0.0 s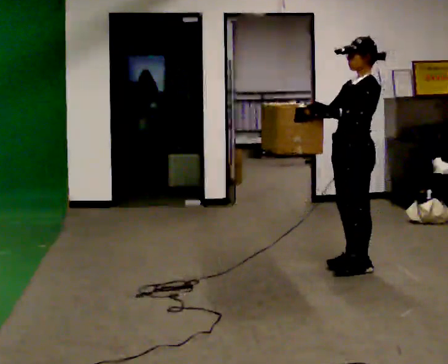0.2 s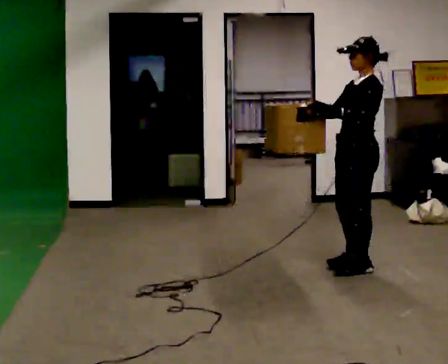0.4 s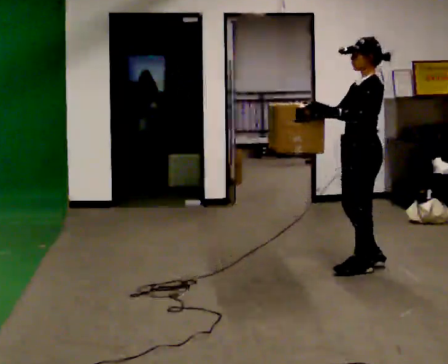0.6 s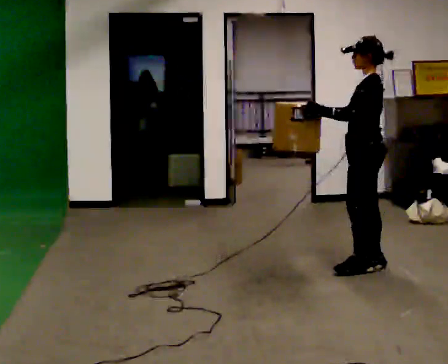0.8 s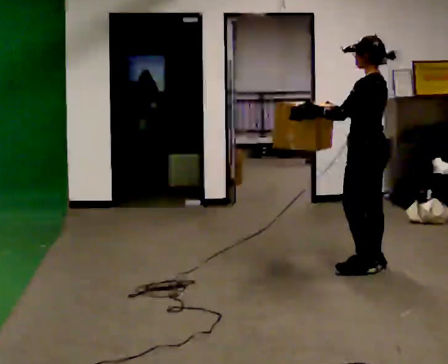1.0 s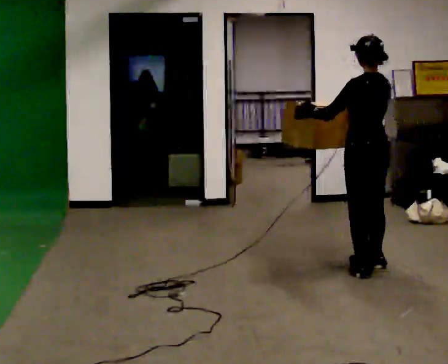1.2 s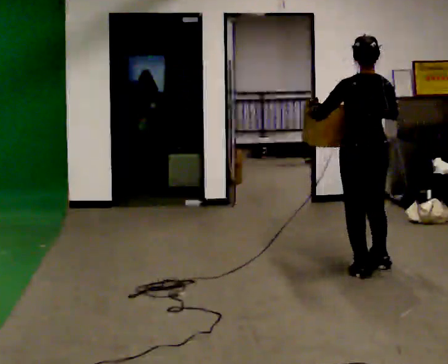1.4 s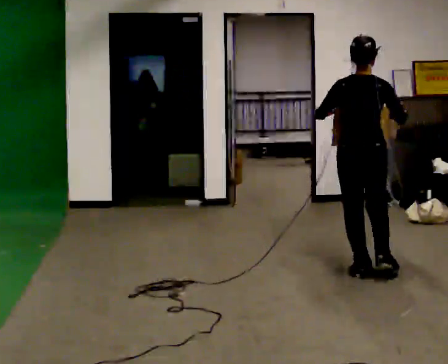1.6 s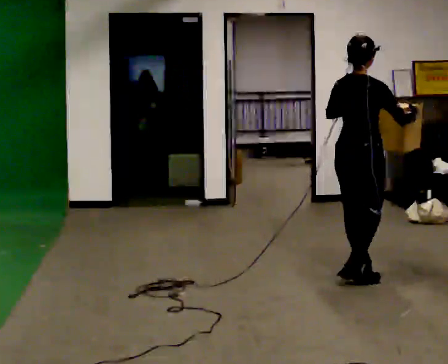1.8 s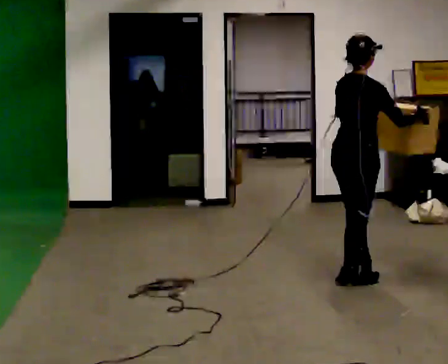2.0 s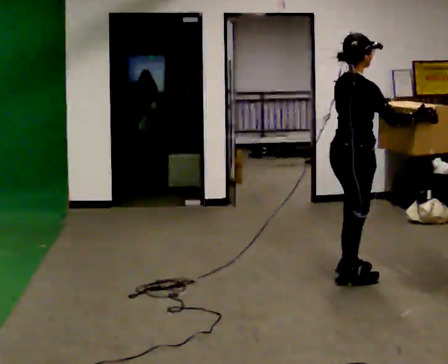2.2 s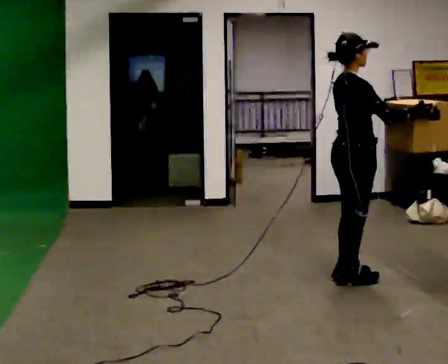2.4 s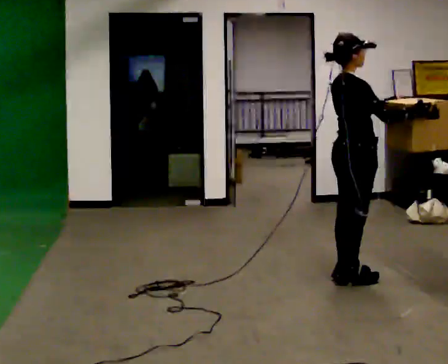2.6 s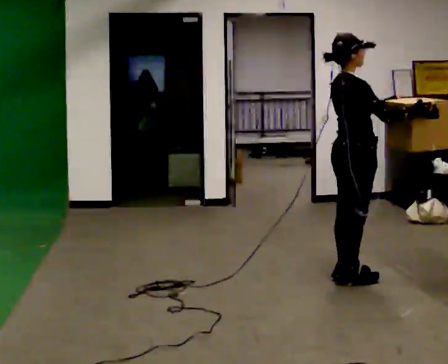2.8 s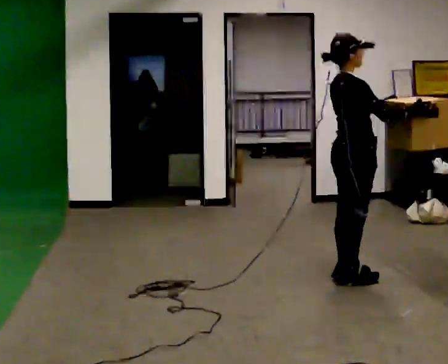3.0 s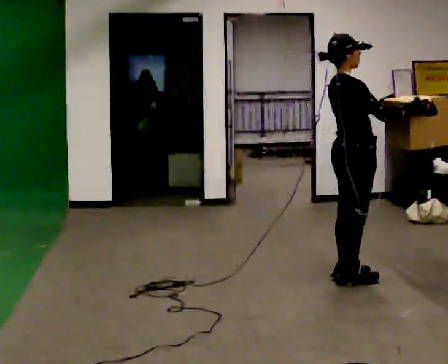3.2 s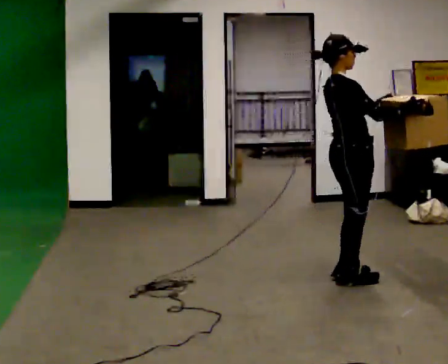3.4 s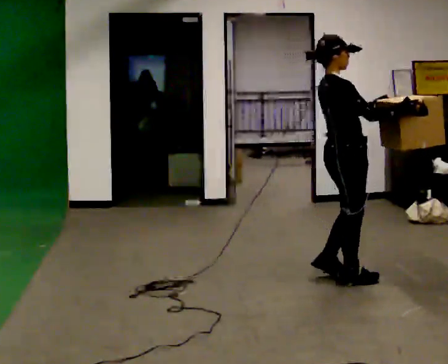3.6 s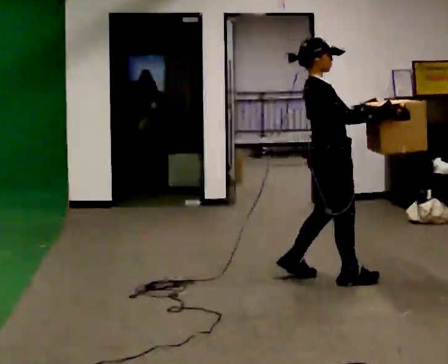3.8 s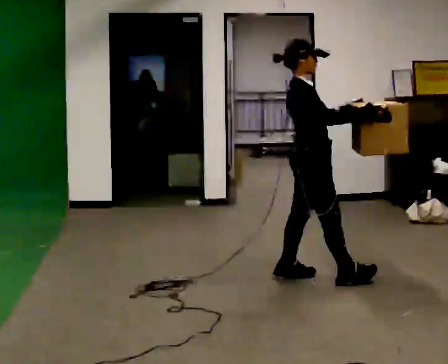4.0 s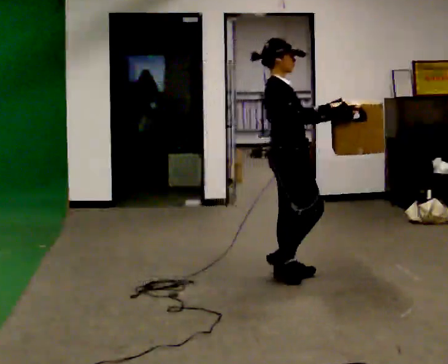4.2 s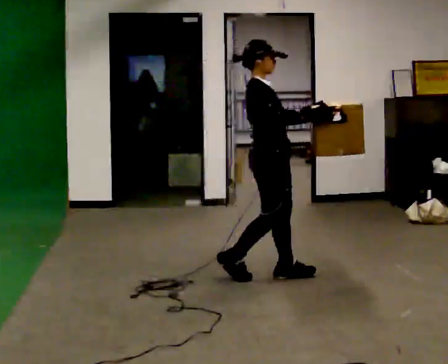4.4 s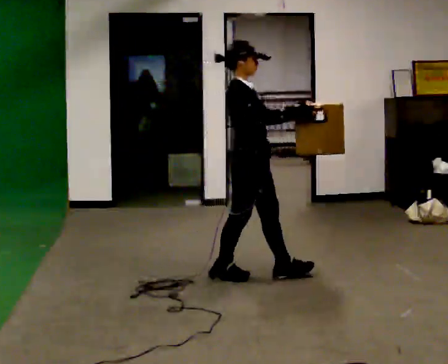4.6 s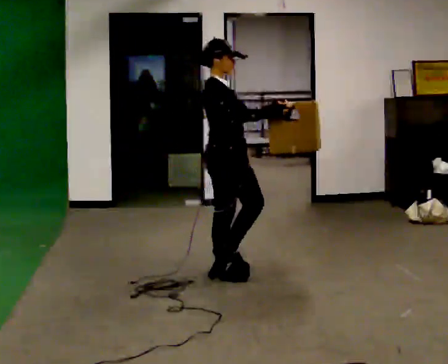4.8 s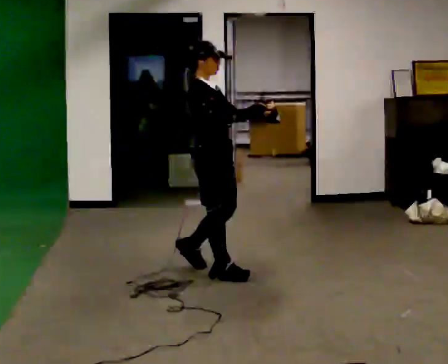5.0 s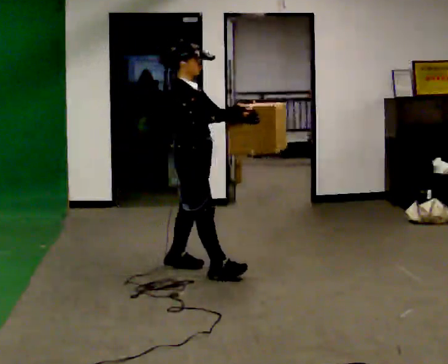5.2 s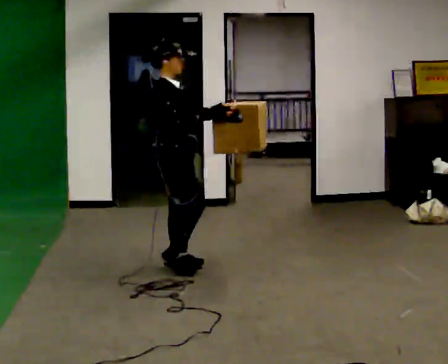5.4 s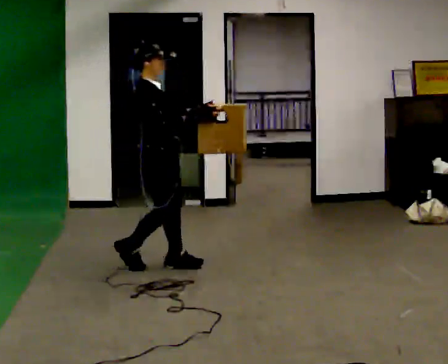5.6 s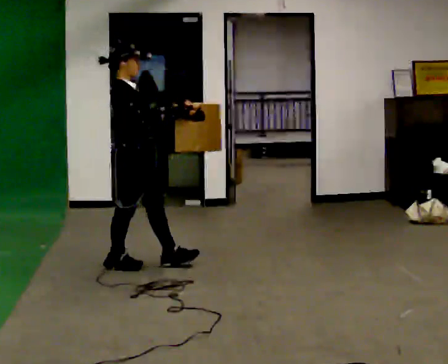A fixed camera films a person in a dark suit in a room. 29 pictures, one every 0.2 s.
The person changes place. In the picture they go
to the left.
The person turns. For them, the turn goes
to their right.
0.0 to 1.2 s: Seen from above the body turns clockwise, about 90 degrees: to their right, with its near side sliding to the left. In the picture their right hand goes to the right.
1.2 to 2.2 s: The person turns about 90 degrees to their right, clockwise seen from above, so the part of the body nearest the lens slides to the left. In the picture they go toward the camera, about 0.25 m in 1 step. In the picture their left hand goes to the right.
2.2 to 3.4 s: The person moves a little, or ends about where they began.
3.4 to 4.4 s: In the picture they go to the left, about 0.5 m in 2 steps, which for them is backward.
4.4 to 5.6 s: In the picture they go to the left, about 1 m in 2 steps, which for them is backward.
The film runs backward here.
